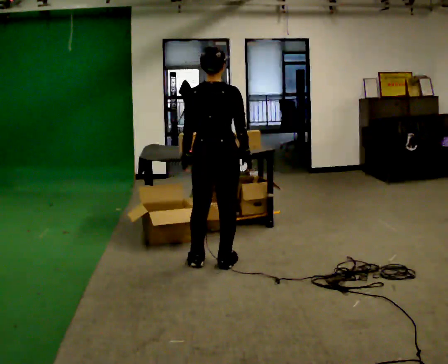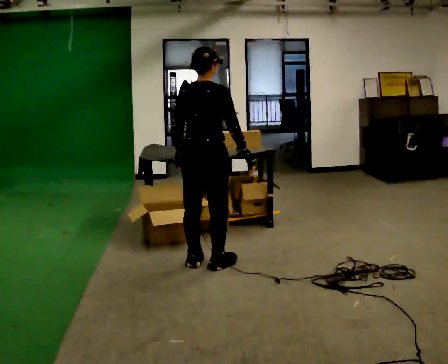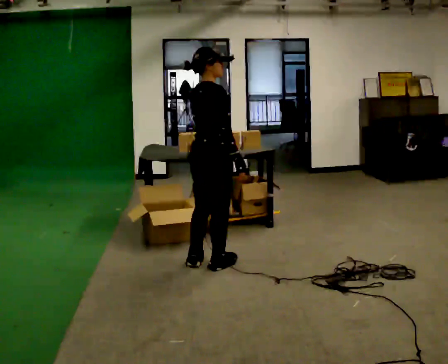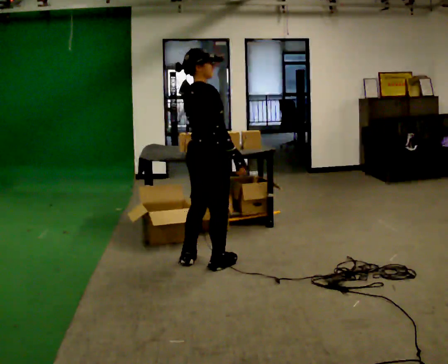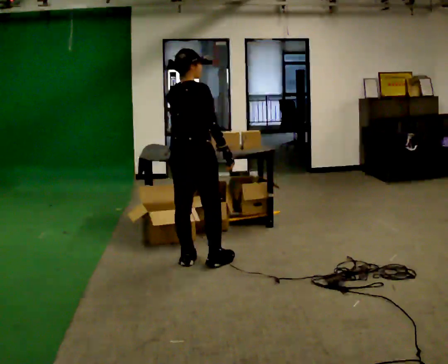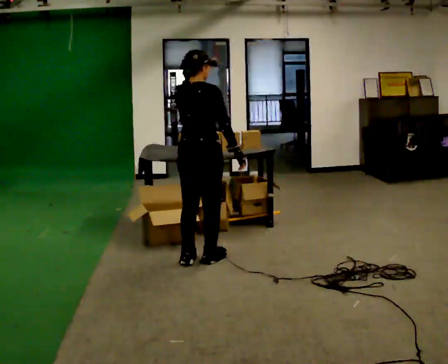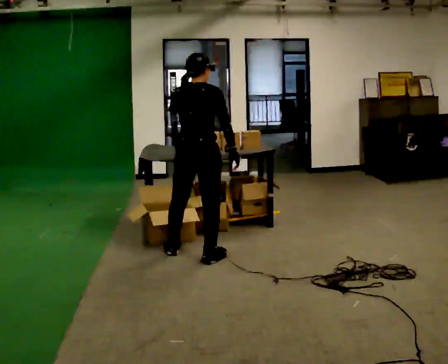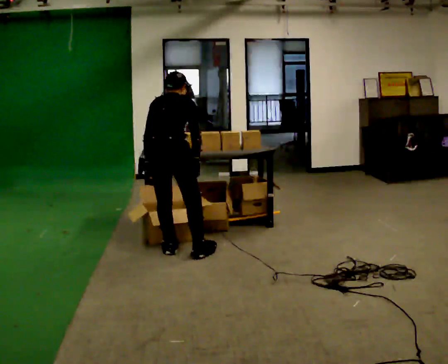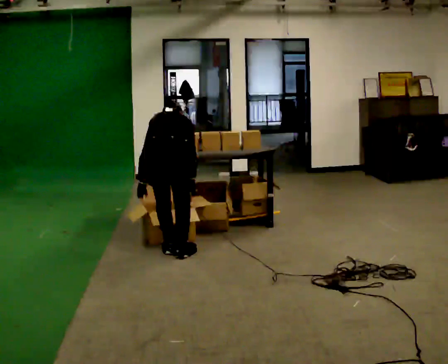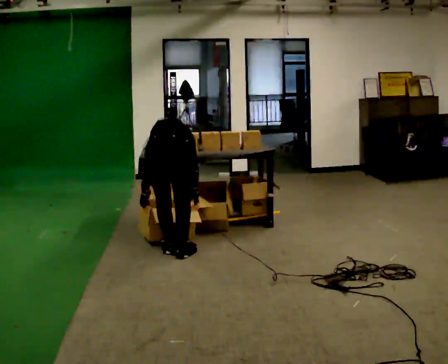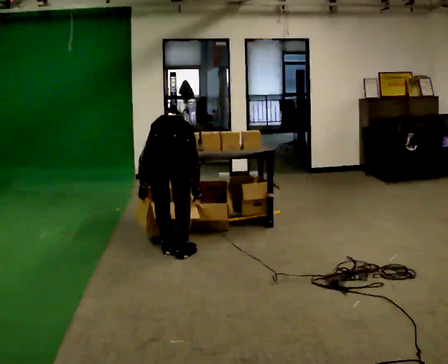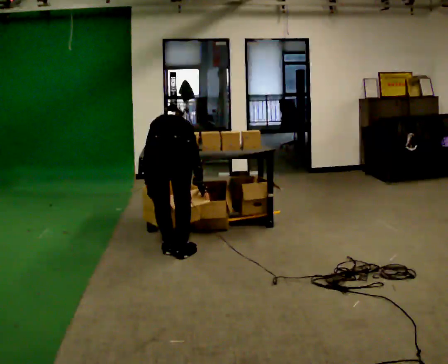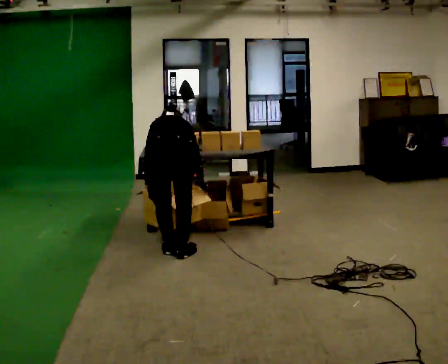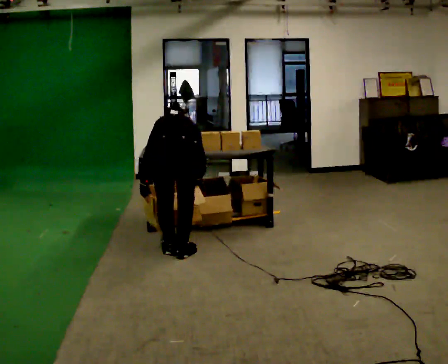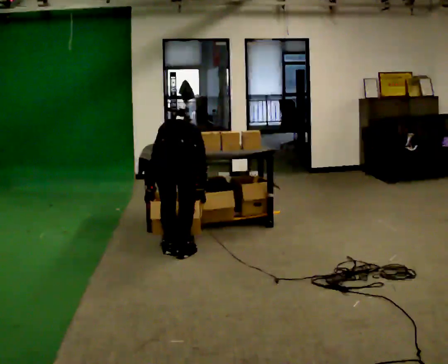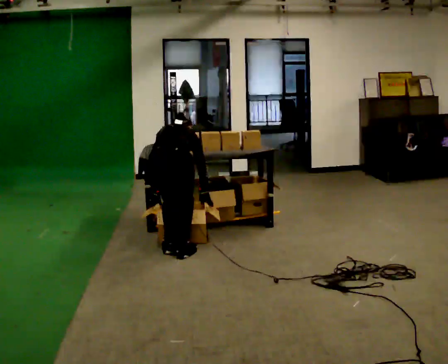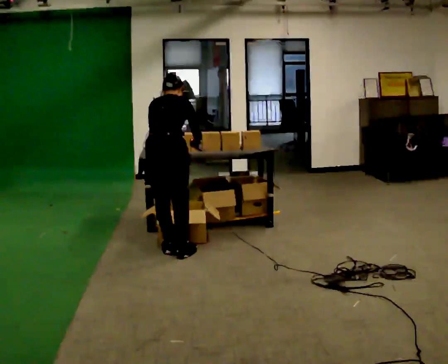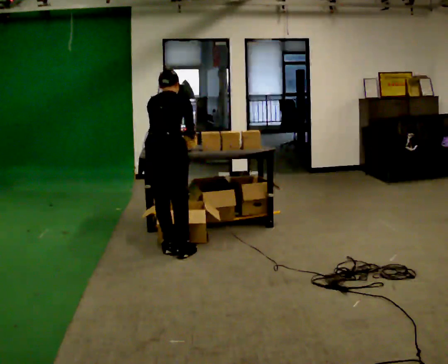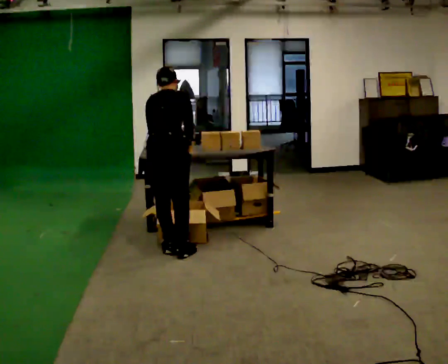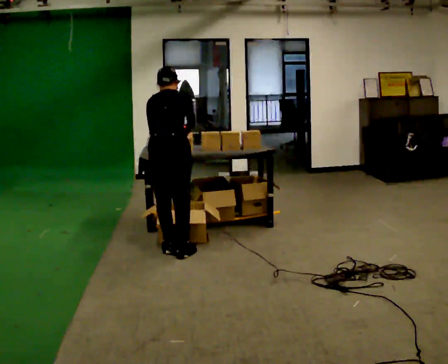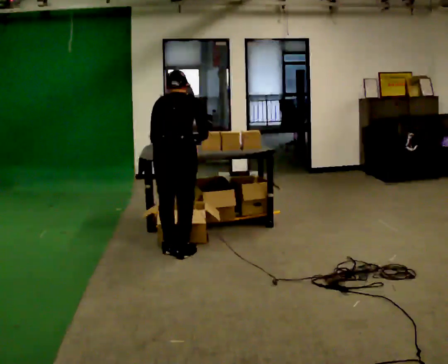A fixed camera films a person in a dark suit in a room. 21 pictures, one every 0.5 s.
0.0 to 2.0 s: The person turns about 30 degrees to their right, clockwise seen from above, so the part of the body nearest the lens slides to the left. In the picture they go to the left, about 0.25 m, which for them is to their left. In the picture their left hand goes upward.
2.0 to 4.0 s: Seen from above the body turns counterclockwise, about 30 degrees: to their left, with its near side sliding to the right. In the picture they go to the left and away from the camera, about 0.25 m in 2 steps, which for them is to their left. The upper body goes downward. The upper body tips away from the camera, its near side rolling upward, as they bend forward. In the picture their left hand goes downward.
4.0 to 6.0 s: The person moves a little, or ends about where they began.
6.0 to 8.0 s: The upper body tips toward the camera, its near side rolling downward, as they lean back or straighten.
8.0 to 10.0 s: The person moves a little, or ends about where they began.
The film runs backward here.
